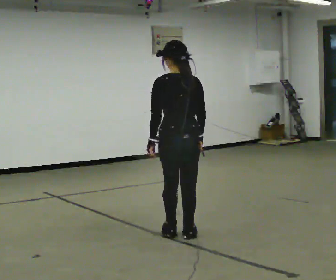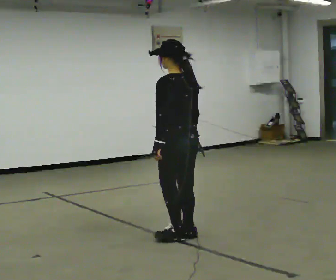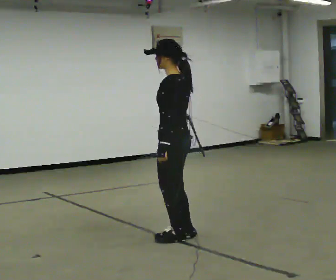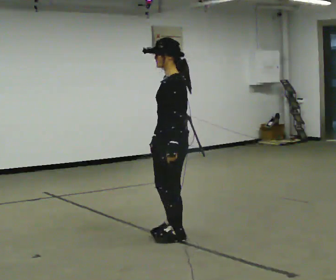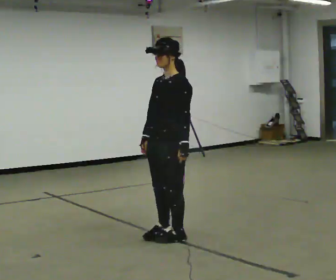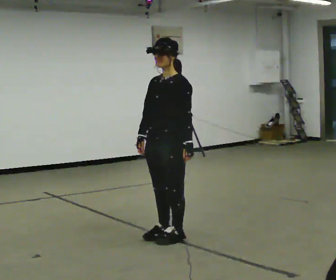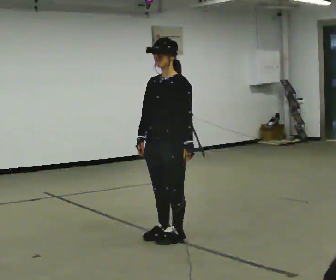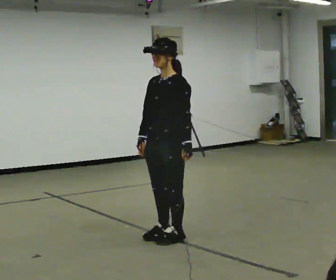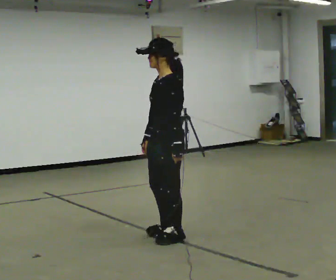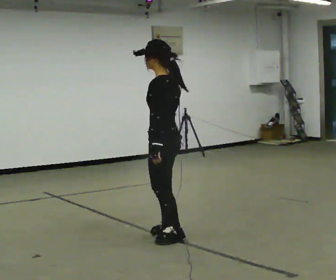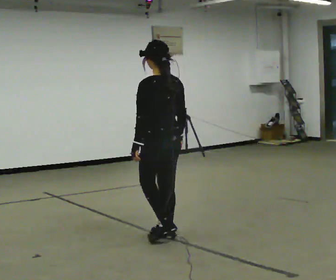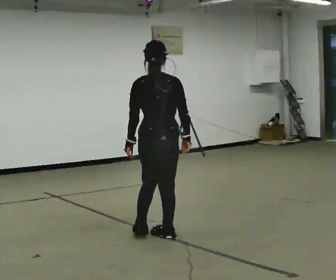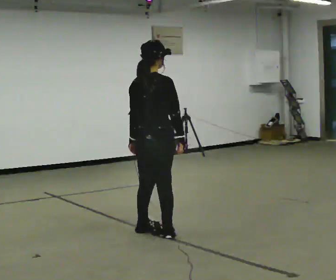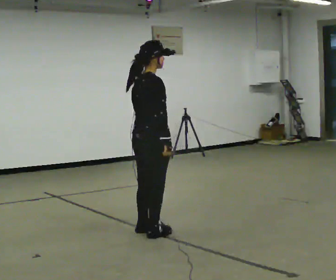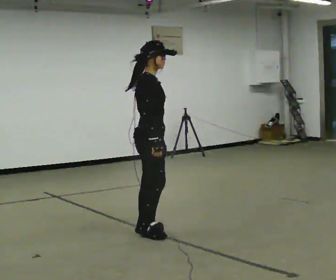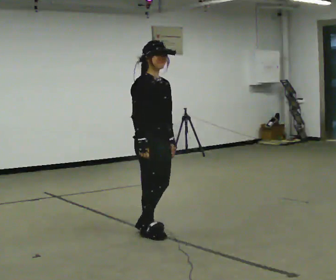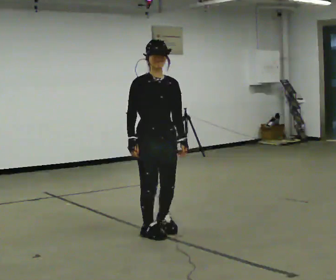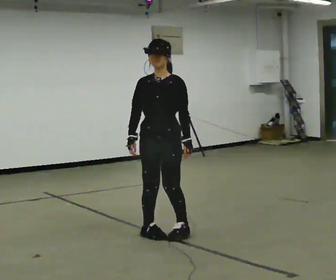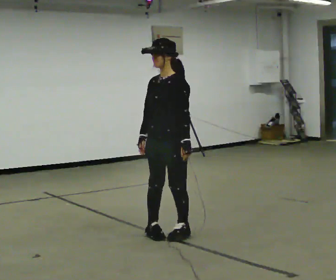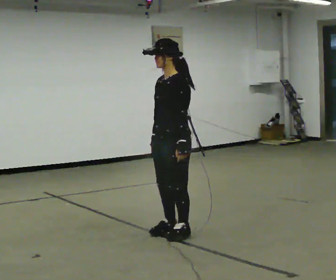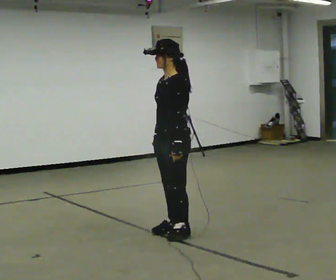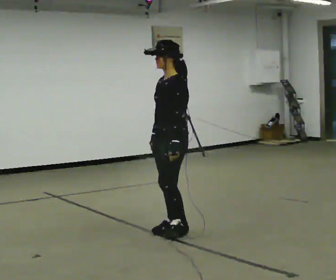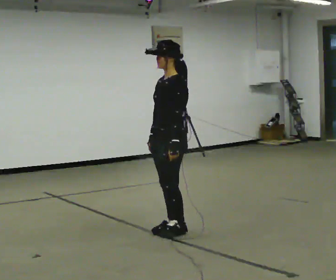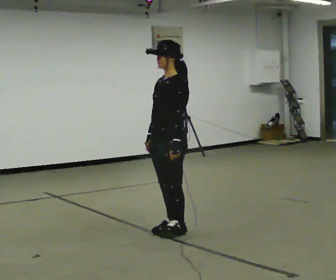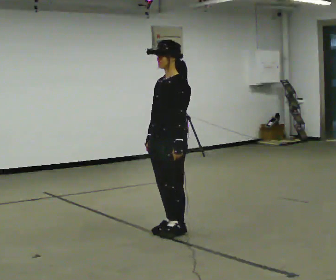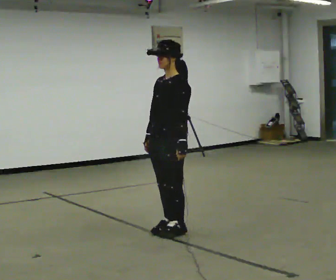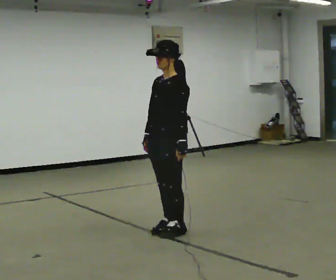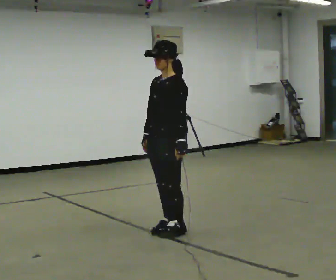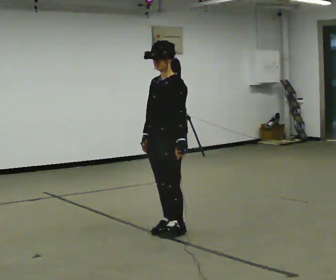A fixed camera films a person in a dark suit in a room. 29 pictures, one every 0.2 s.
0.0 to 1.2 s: The person turns about 120 degrees to their left, counterclockwise seen from above, so the part of the body nearest the lens slides to the right. In the picture their right hand goes to the left, the arm swinging clockwise.
1.2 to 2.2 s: The person turns about 135 degrees to their right, clockwise seen from above, so the part of the body nearest the lens slides to the left. In the picture their right hand goes to the right, the arm swinging counterclockwise.
2.2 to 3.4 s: The person turns about 195 degrees to their right, clockwise seen from above, so the part of the body nearest the lens slides to the left. In the picture their right hand goes to the left, the arm swinging clockwise.
3.4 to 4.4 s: Seen from above the body turns clockwise, about 60 degrees: to their right, with its near side sliding to the left.
4.4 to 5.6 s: The person moves a little, or ends about where they began.
The film runs forward here.
